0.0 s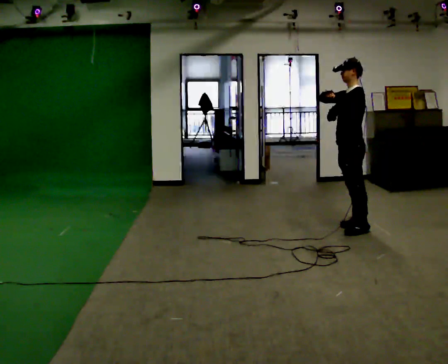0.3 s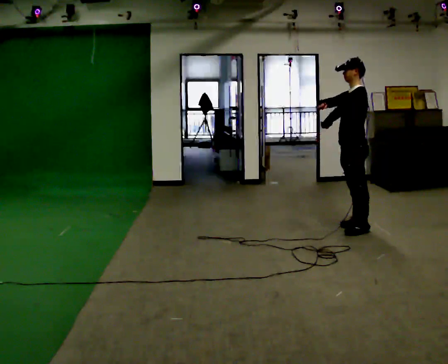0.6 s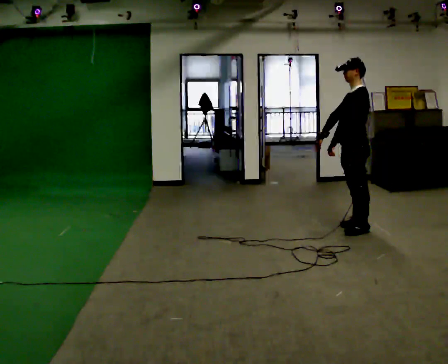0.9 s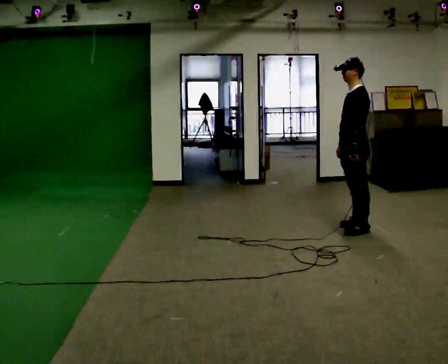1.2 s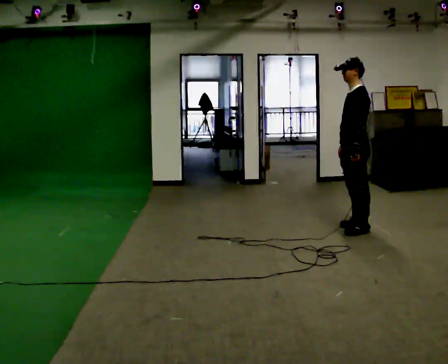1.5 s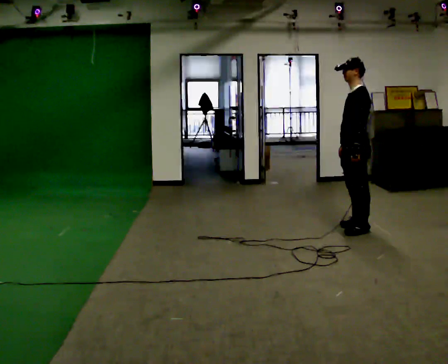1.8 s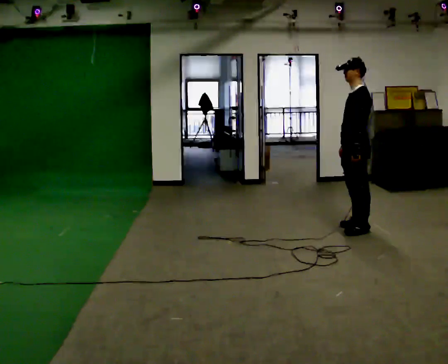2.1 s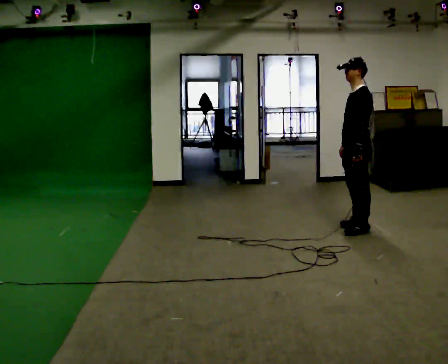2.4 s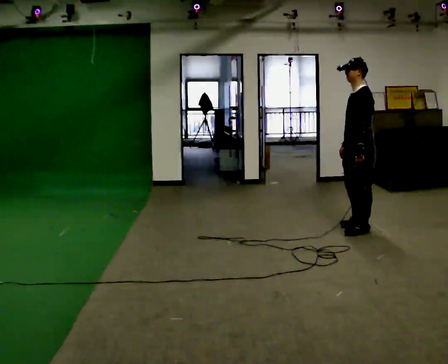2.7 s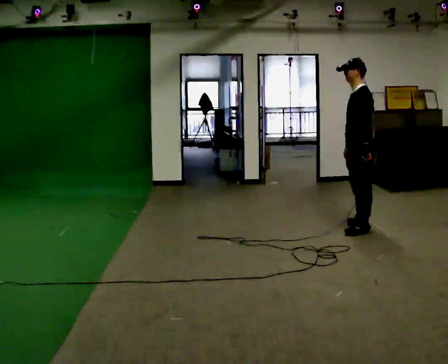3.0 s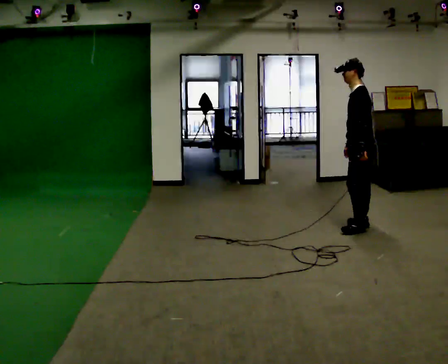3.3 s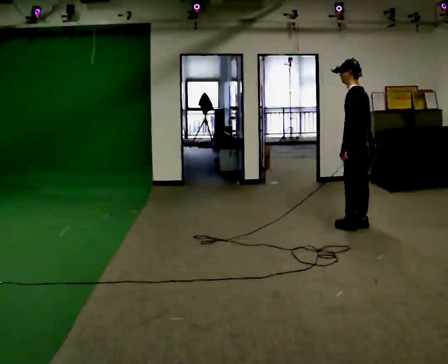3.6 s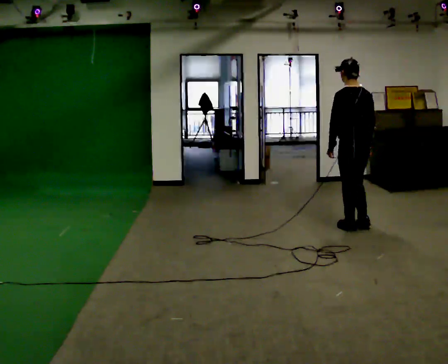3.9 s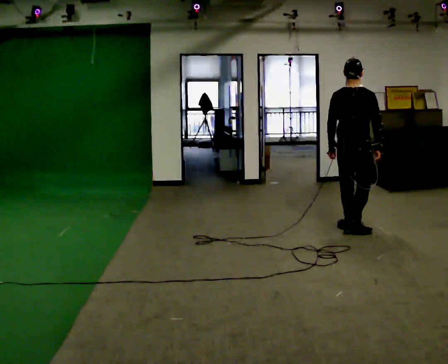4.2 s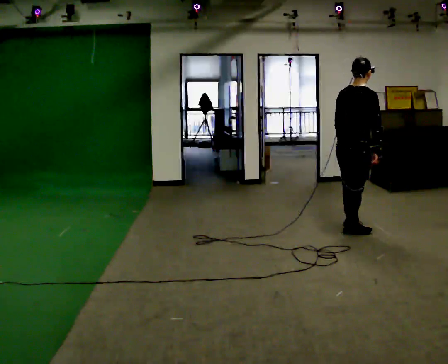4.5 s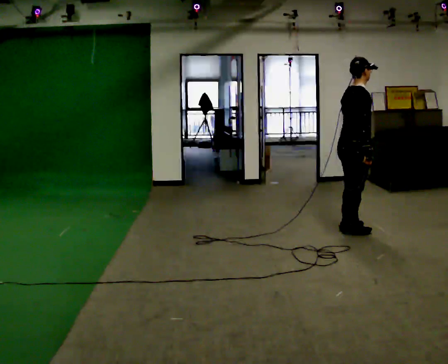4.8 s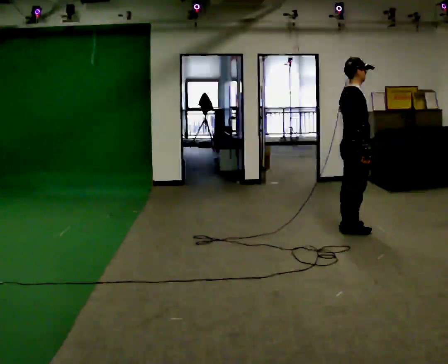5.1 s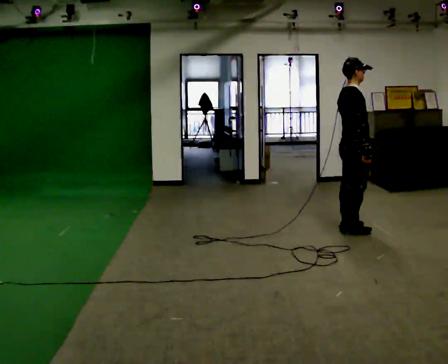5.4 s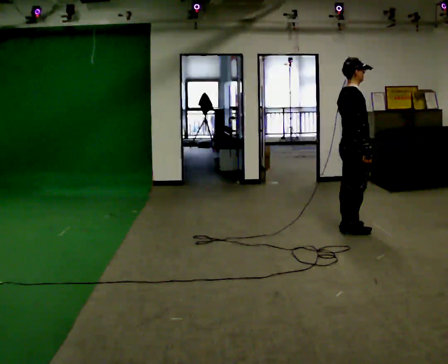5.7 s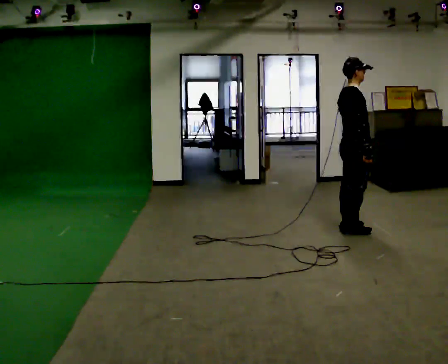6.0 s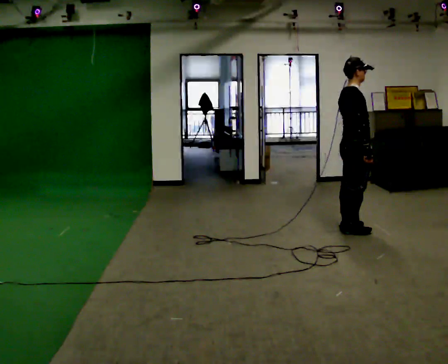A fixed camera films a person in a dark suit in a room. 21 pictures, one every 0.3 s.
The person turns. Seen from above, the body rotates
clockwise.
The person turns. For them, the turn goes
to their right.
0.0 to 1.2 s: In the picture their right hand goes downward.
1.2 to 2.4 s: The person moves a little, or ends about where they began.
2.4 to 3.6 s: The part of the body nearest the lens slides to the left as the person turns to their right by about 60 degrees.
3.6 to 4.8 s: The part of the body nearest the lens slides to the left as the person turns to their right by about 120 degrees.
4.8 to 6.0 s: The person moves a little, or ends about where they began.
The film runs backward here.
